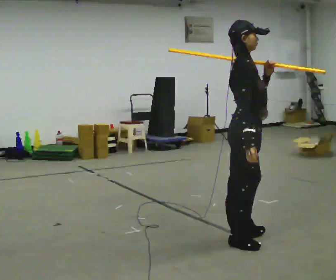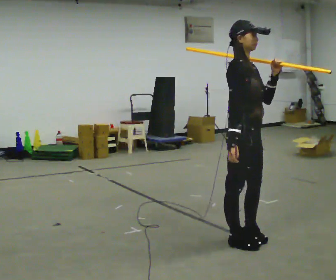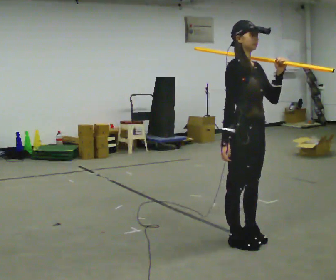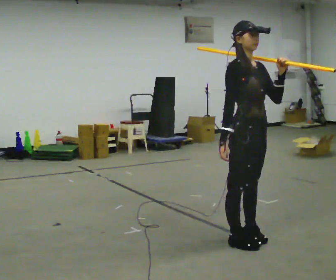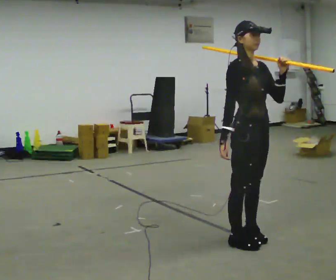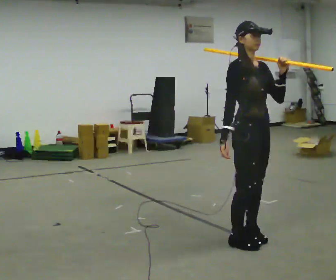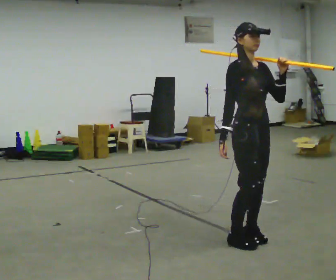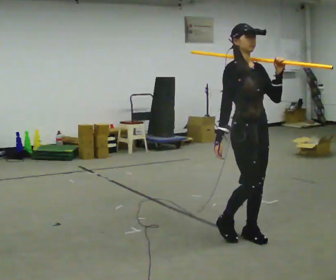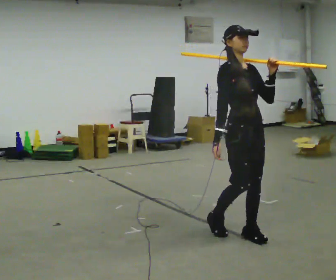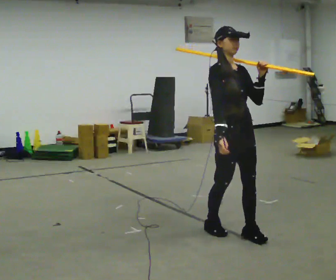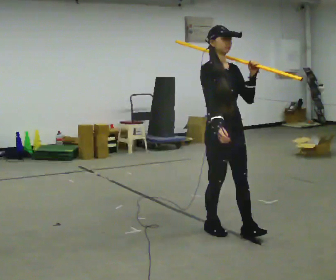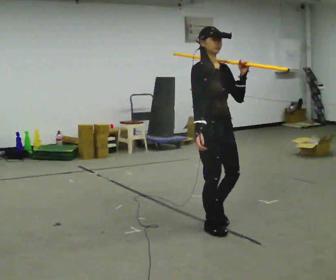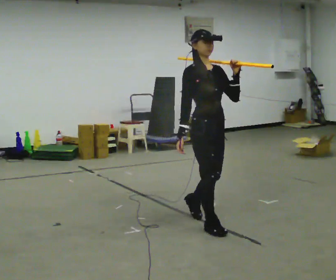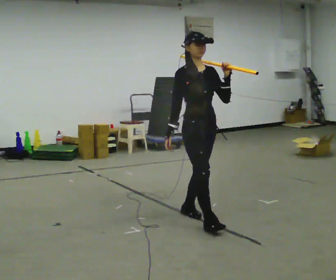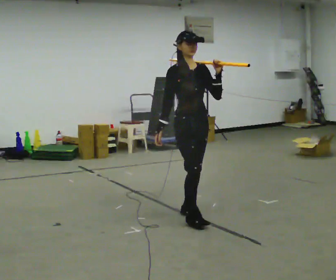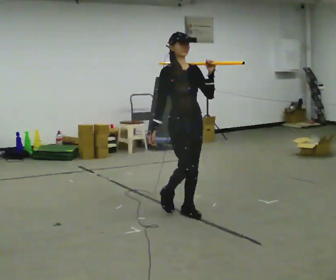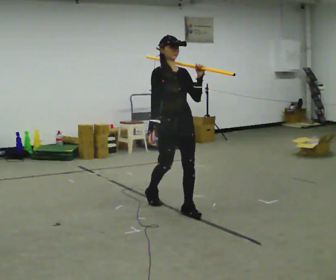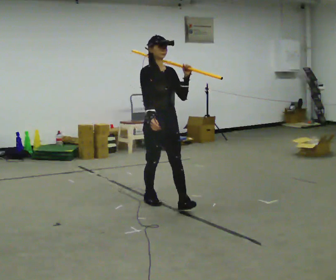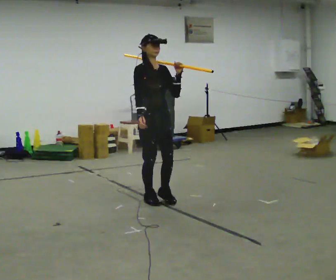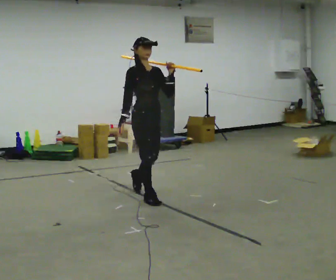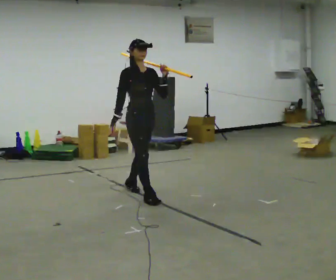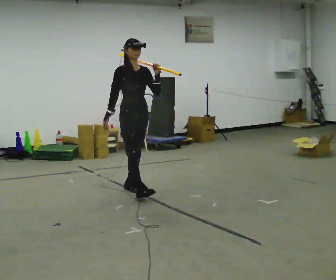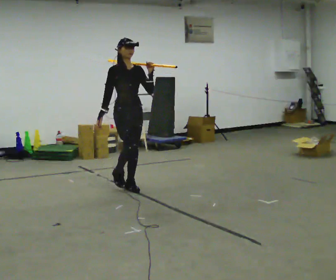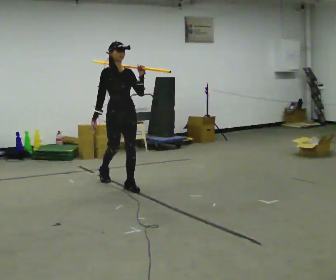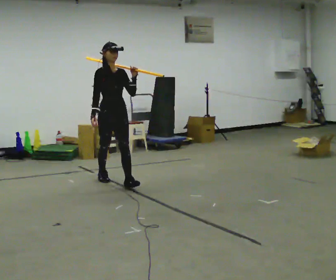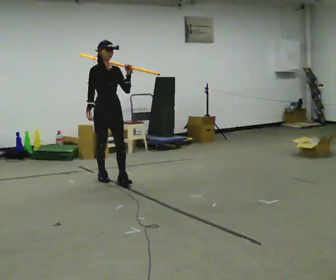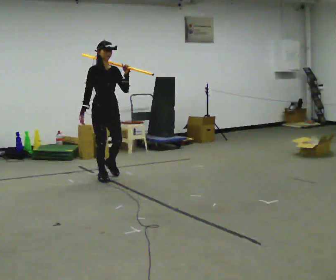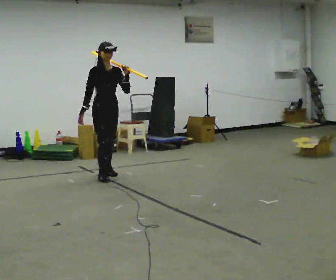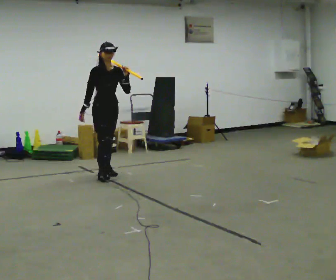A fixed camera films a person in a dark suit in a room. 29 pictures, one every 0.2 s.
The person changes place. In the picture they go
away from the camera.
0.0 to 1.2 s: Seen from above the body turns clockwise, about 60 degrees: to their right, with its near side sliding to the left.
1.2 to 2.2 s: In the picture they go to the left and away from the camera, about 0.25 m in 2 steps, which for them is backward.
2.2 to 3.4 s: In the picture they go away from the camera and to the left, about 1 m in 2 steps, which for them is backward.
3.4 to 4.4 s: In the picture they go away from the camera and to the left, about 0.5 m in 1 step, which for them is backward.
4.4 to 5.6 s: In the picture they go away from the camera and to the left, about 0.5 m in 1 step, which for them is backward.
The film runs backward here.
